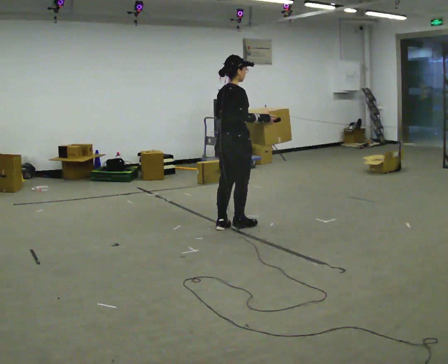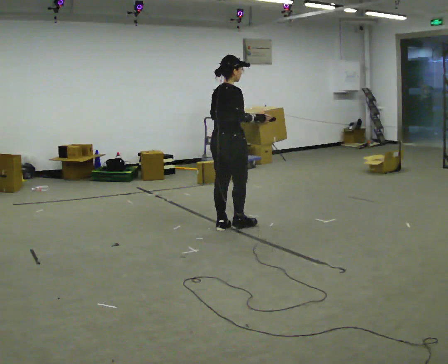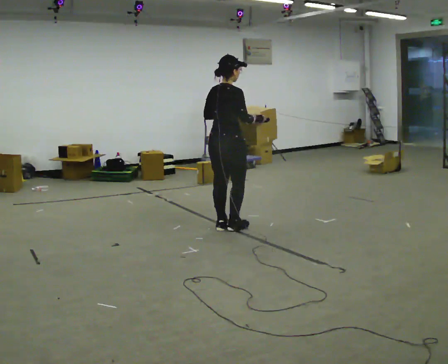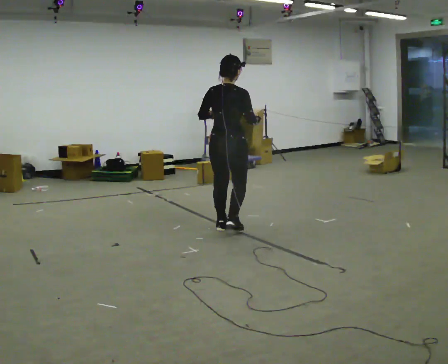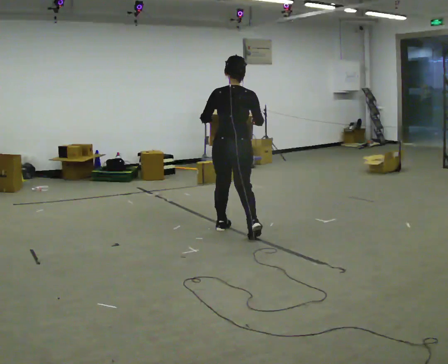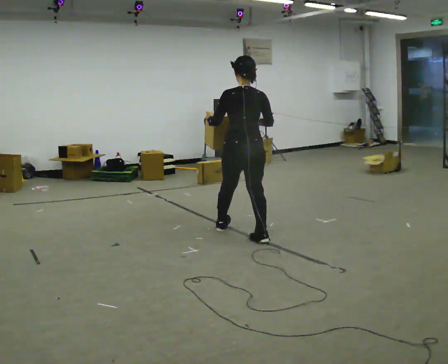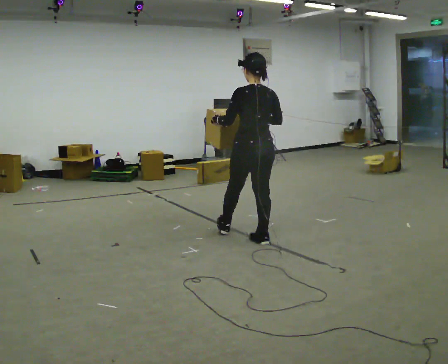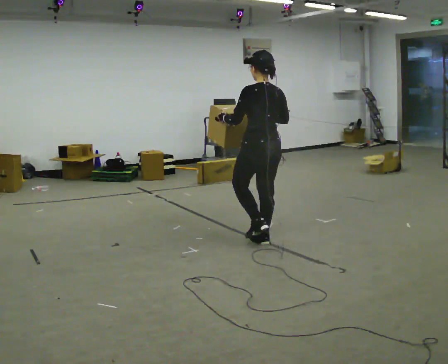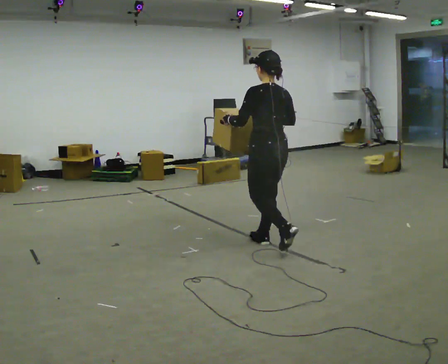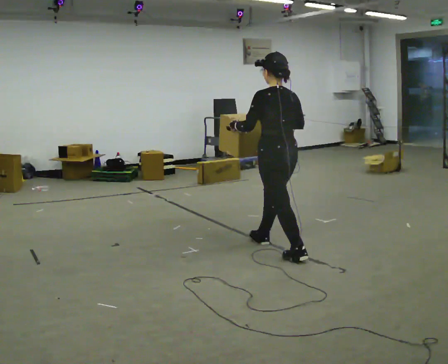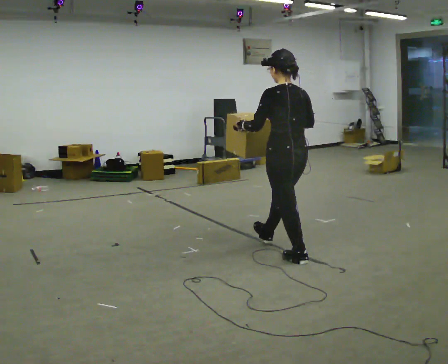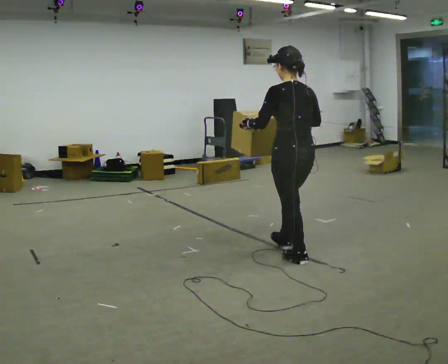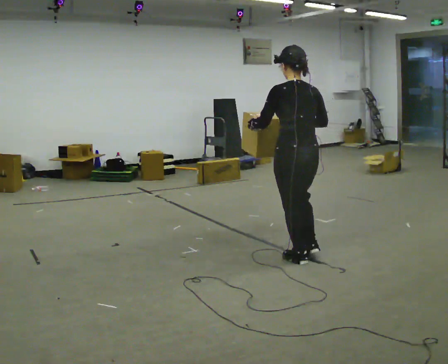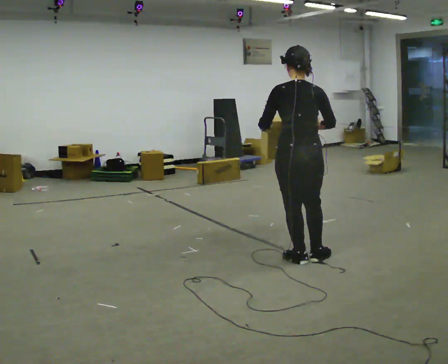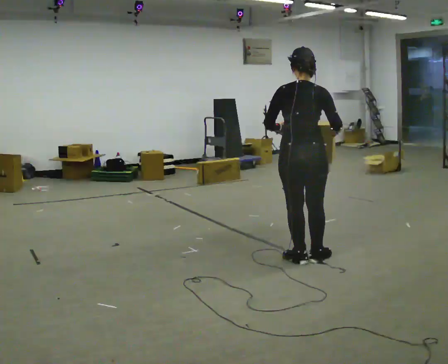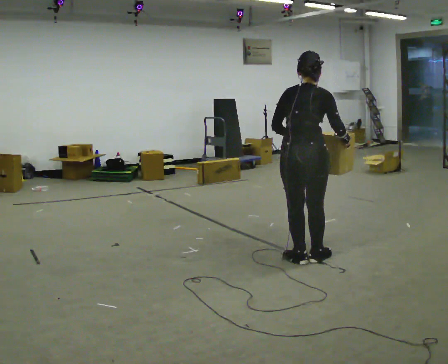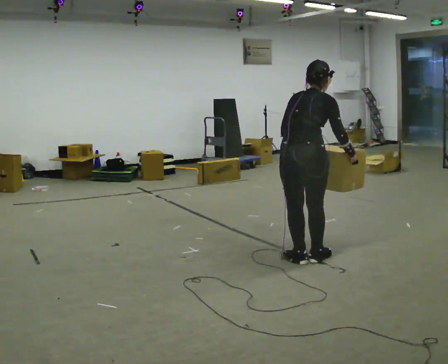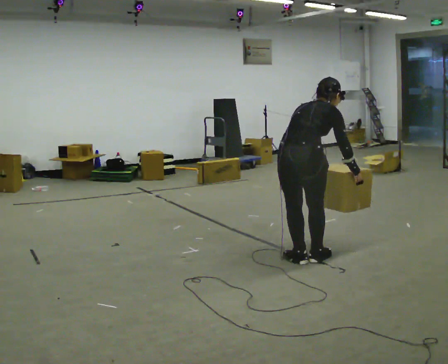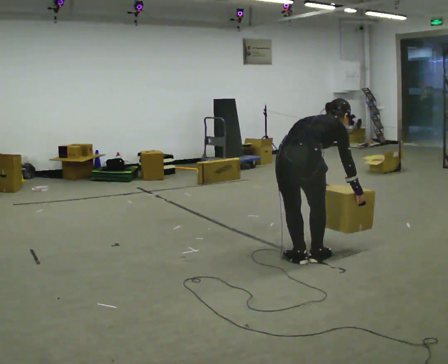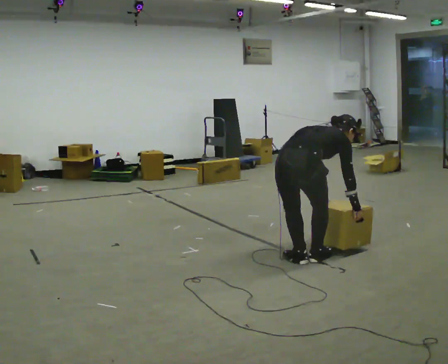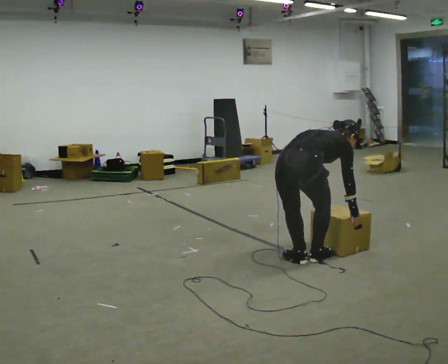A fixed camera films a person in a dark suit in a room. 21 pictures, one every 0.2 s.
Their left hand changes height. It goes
downward.
The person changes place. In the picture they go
toward the camera.
0.0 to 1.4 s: Seen from above the body turns counterclockwise, about 90 degrees: to their left, with its near side sliding to the right. In the picture they go toward the camera and to the right, about 0.5 m in 2 steps.
1.4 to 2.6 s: In the picture they go toward the camera and to the right, about 0.5 m in 1 step, which for them is backward.
2.6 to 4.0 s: Seen from above the body turns clockwise, about 60 degrees: to their right, with its near side sliding to the left. The shoulders move downward. In the picture the upper body tilts clockwise, shoulders to the right, as they bend forward. In the picture their right hand goes downward.
The film runs backward here.
